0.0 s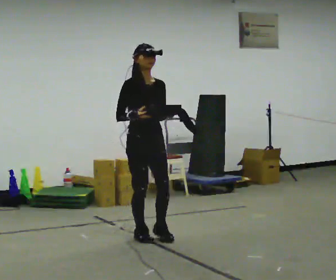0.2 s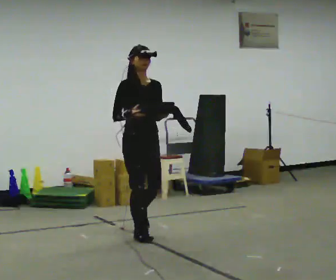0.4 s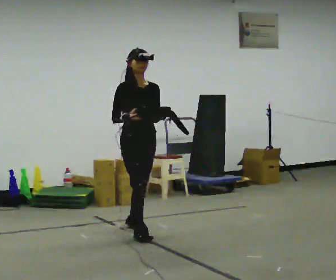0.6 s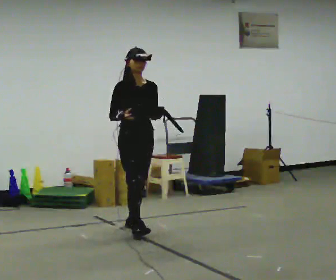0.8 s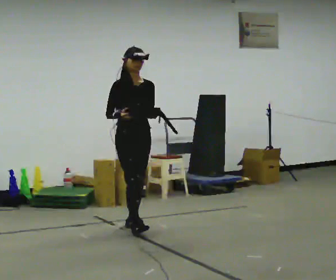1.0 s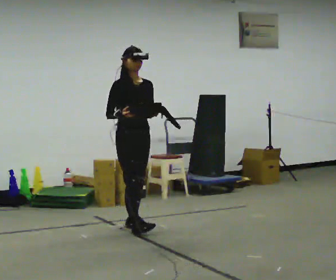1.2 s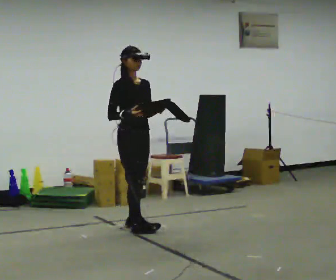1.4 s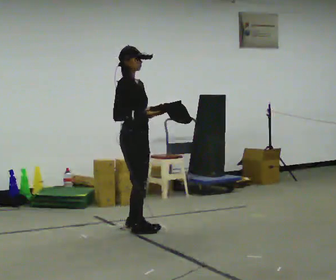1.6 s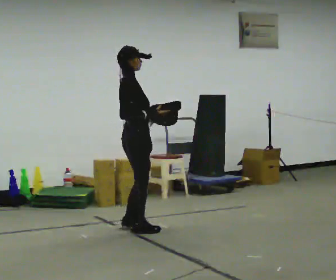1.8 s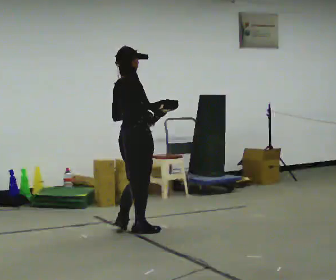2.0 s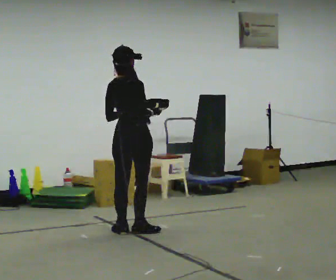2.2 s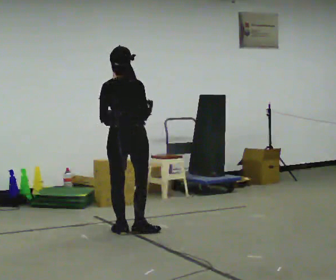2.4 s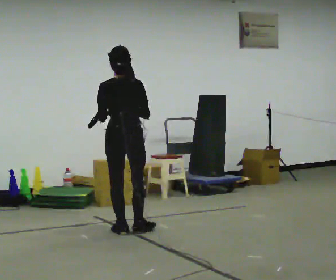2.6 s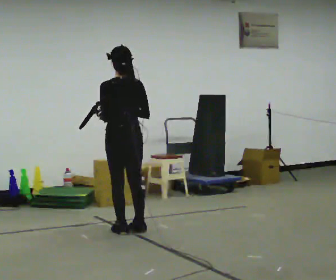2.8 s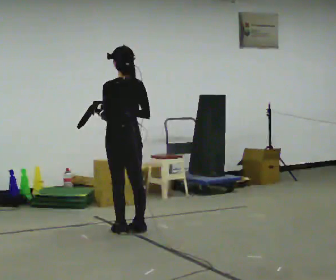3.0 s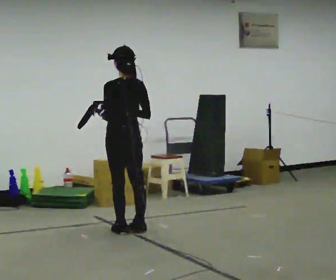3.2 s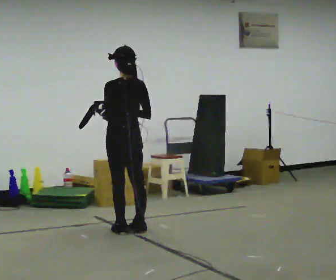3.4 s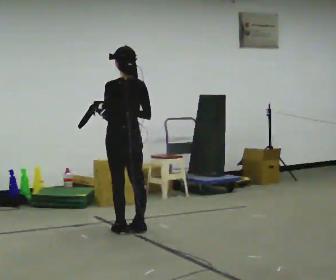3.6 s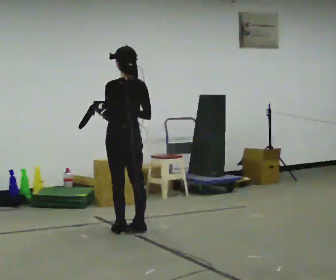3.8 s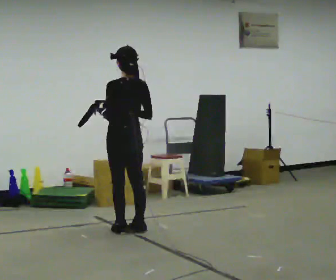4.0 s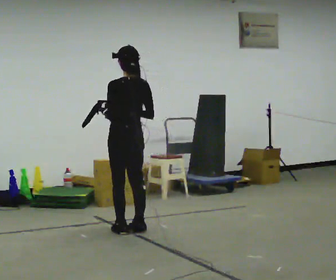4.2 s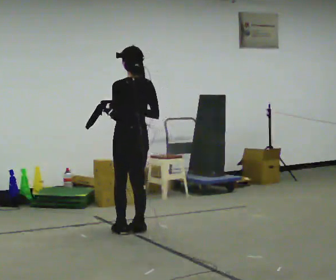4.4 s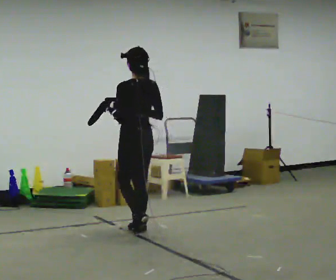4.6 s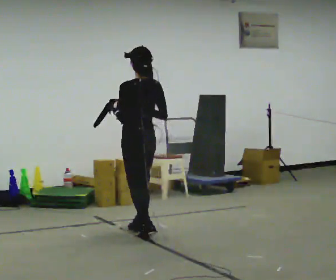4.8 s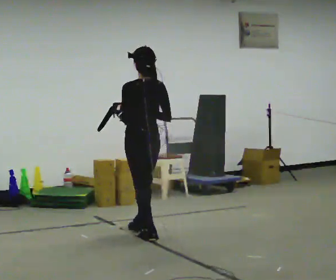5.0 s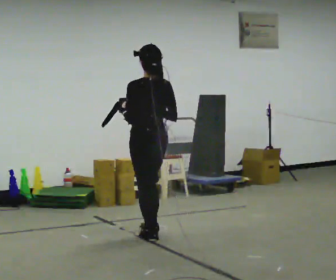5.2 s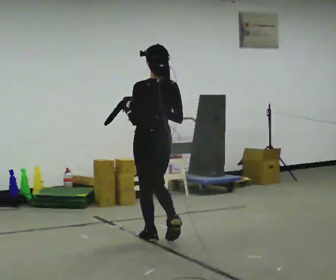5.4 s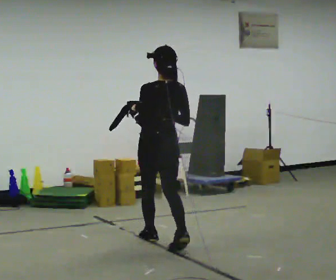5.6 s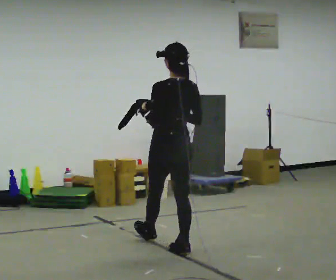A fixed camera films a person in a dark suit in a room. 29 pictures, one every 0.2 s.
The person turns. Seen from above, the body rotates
counterclockwise.
The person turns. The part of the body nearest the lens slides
to the right.
0.0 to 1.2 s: In the picture they go away from the camera, about 0.5 m in 1 step, which for them is backward.
1.2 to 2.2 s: Seen from above the body turns counterclockwise, about 120 degrees: to their left, with its near side sliding to the right. In the picture their left hand goes to the left.
2.2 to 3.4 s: The person turns about 60 degrees to their left, counterclockwise seen from above, so the part of the body nearest the lens slides to the right.
3.4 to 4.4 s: The person moves a little, or ends about where they began.
4.4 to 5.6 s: In the picture they go toward the camera and to the right, about 0.75 m in 2 steps, which for them is backward.
The film runs backward here.
